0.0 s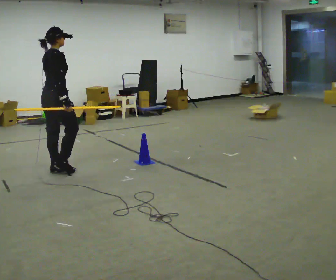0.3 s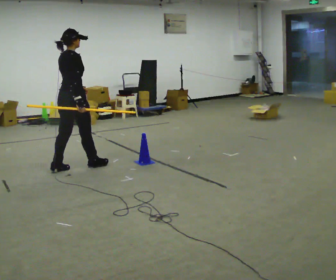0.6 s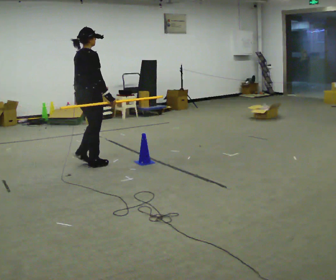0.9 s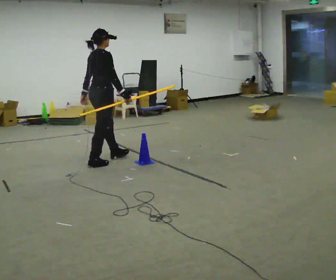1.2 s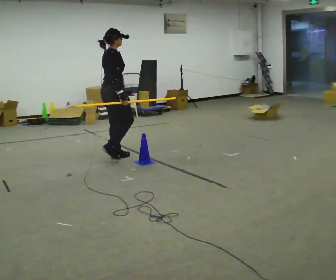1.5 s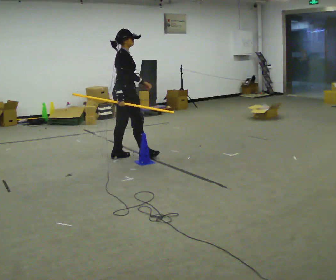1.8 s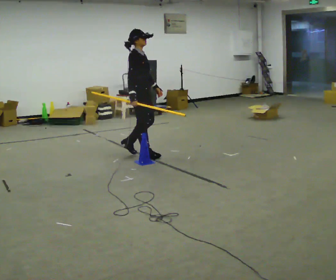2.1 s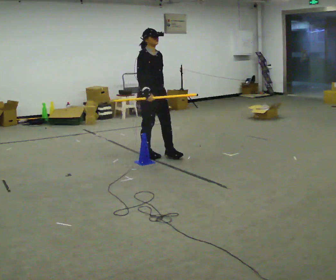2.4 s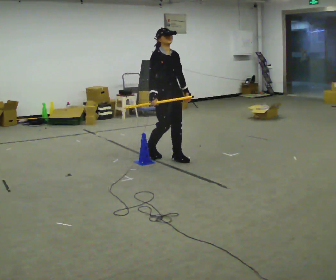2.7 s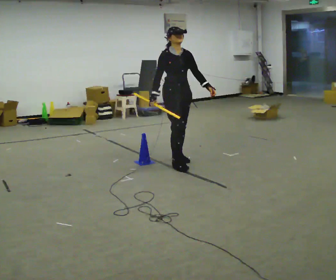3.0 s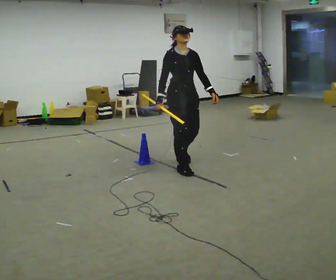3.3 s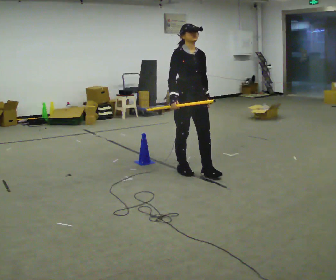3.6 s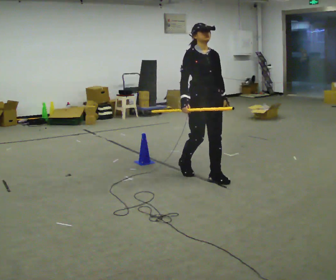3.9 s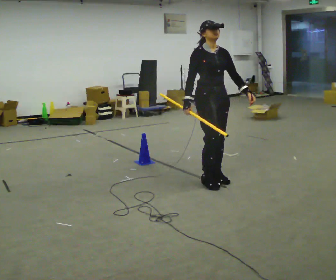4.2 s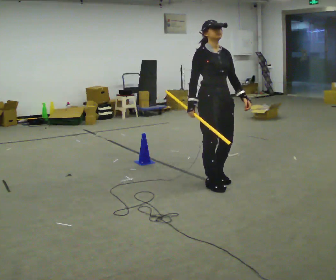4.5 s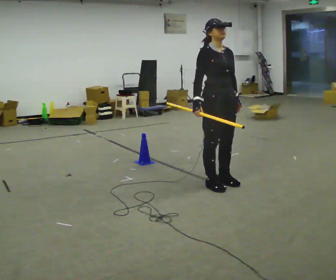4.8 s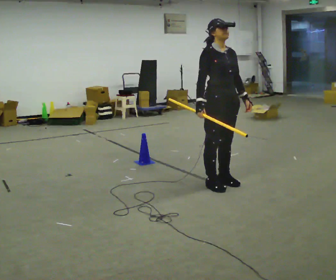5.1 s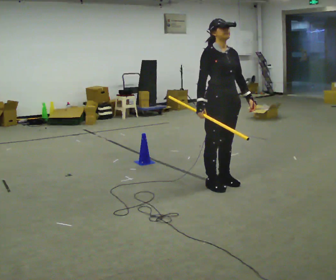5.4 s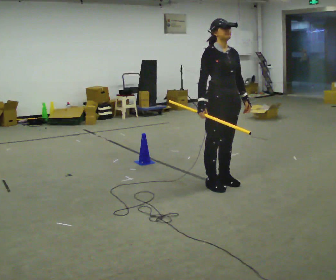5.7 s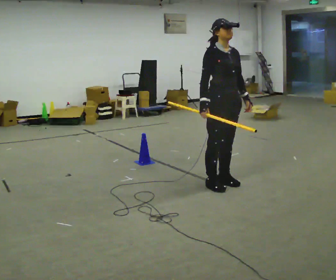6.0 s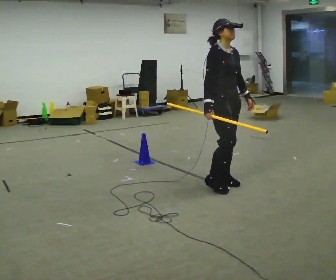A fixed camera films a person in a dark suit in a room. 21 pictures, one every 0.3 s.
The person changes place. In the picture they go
to the right.
The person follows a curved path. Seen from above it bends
clockwise.
0.0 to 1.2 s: In the picture they go away from the camera and to the right, about 1 m in 2 steps, which for them is forward.
1.2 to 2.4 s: The person turns about 75 degrees to their right, clockwise seen from above, so the part of the body nearest the lens slides to the left. In the picture they go to the right, about 0.75 m in 2 steps.
2.4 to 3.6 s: In the picture they go toward the camera and to the right, about 1 m in 2 steps, which for them is forward.
3.6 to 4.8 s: In the picture they go toward the camera and to the right, about 0.25 m in 1 step, which for them is forward.
4.8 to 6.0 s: The person moves a little, or ends about where they began.
The film runs forward here.
